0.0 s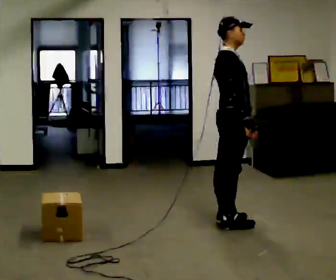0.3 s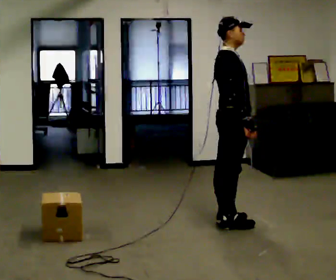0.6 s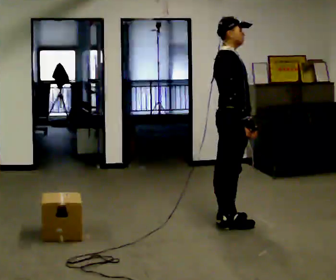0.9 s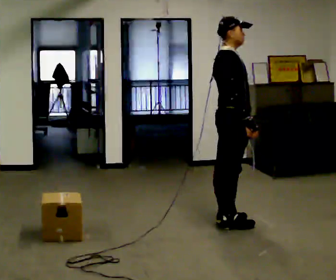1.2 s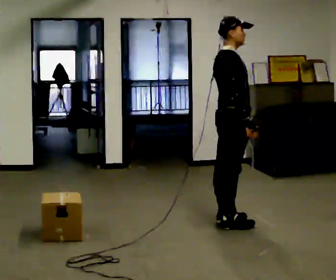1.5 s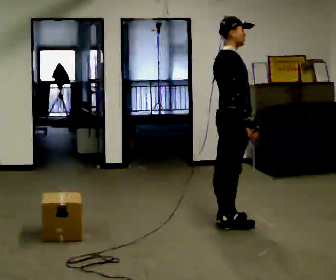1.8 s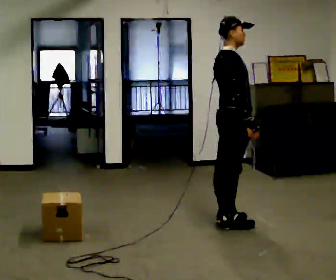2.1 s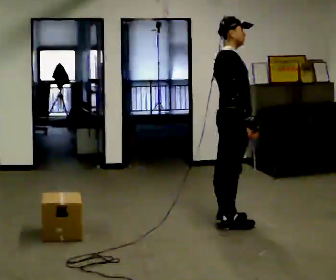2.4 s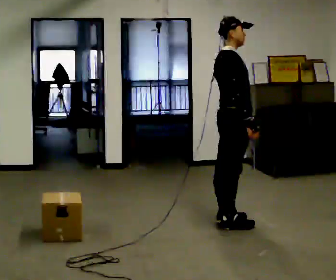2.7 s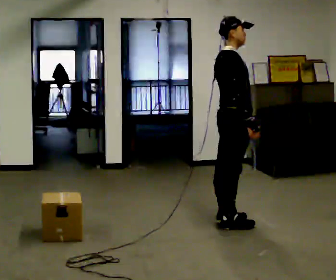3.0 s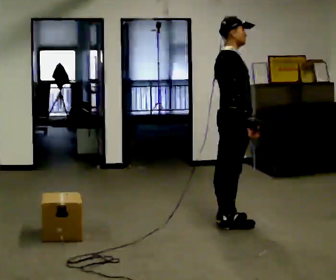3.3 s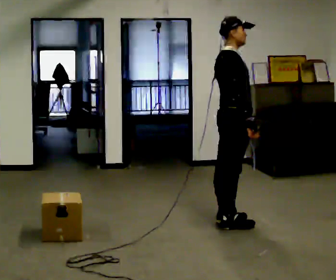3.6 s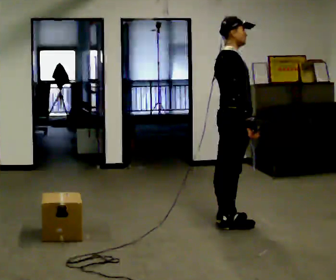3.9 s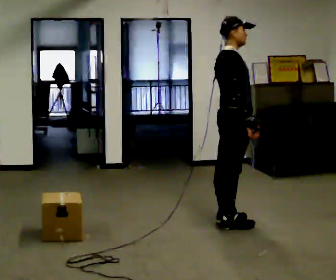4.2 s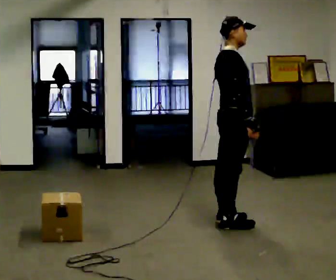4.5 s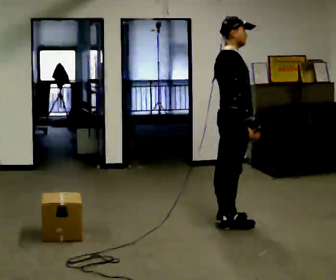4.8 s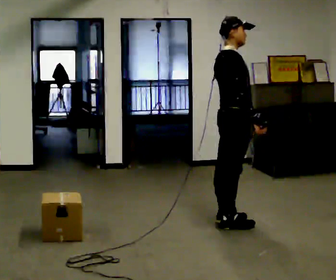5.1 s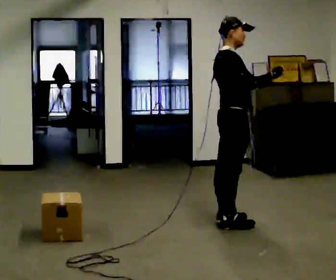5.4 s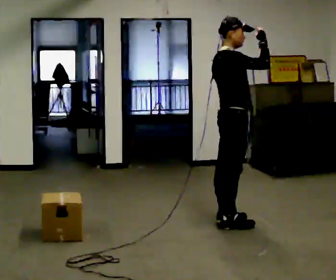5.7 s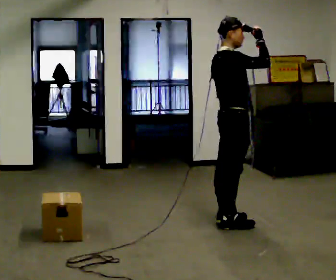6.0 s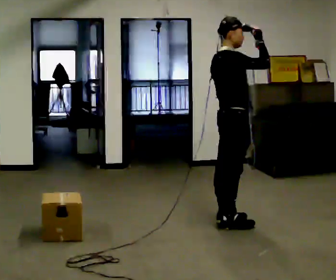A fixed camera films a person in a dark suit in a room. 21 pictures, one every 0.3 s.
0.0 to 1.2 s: The person moves a little, or ends about where they began.
1.2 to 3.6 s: The person keeps their place and pose.
3.6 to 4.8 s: The person moves a little, or ends about where they began.
4.8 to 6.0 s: In the picture their right hand goes upward, the arm swinging counterclockwise.
The film runs forward here.
